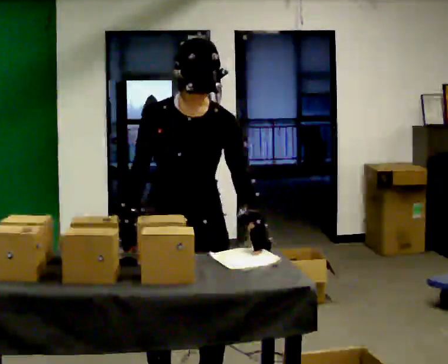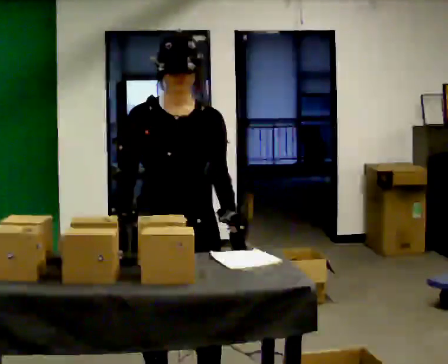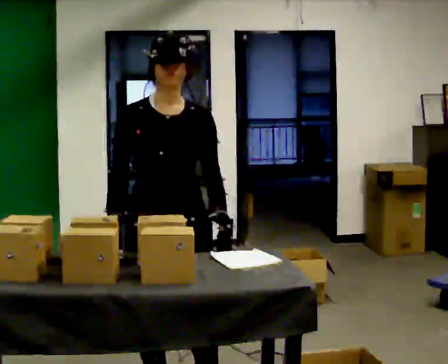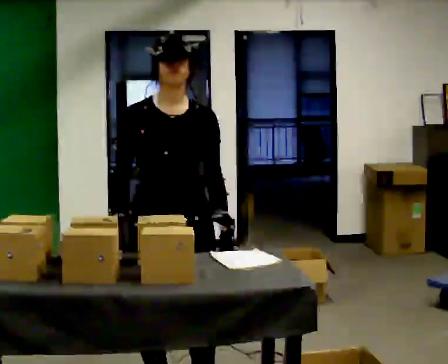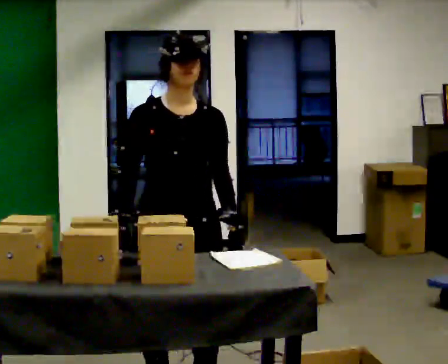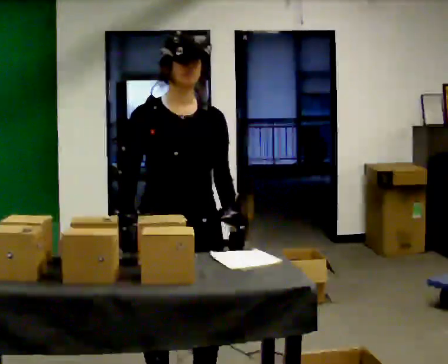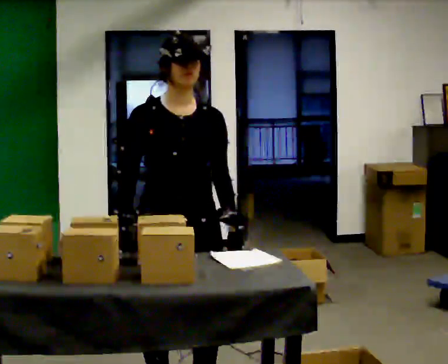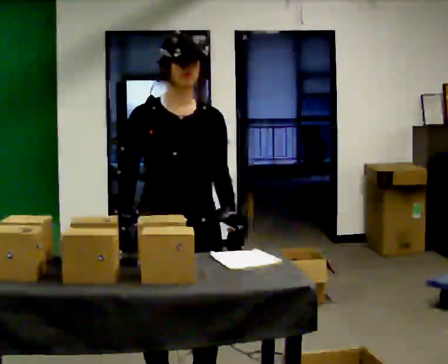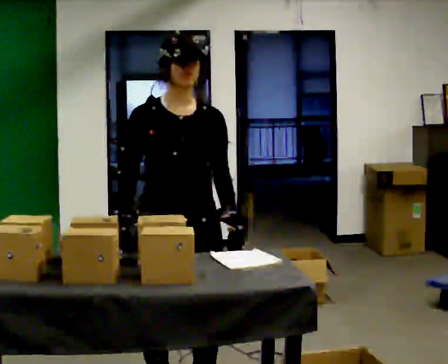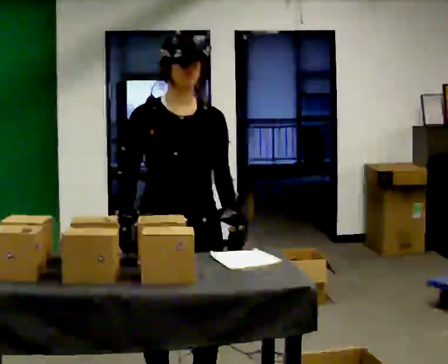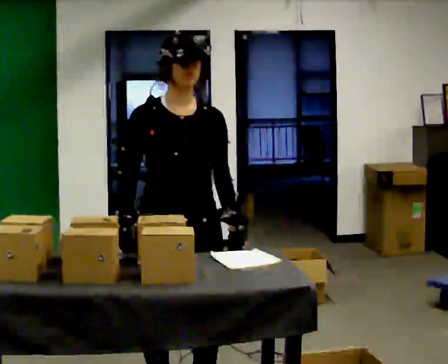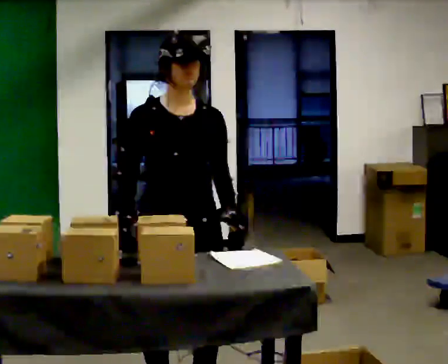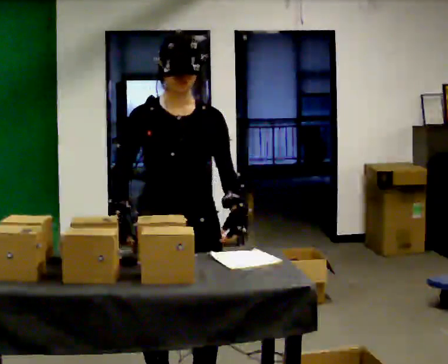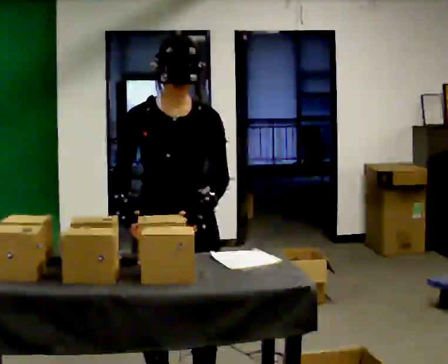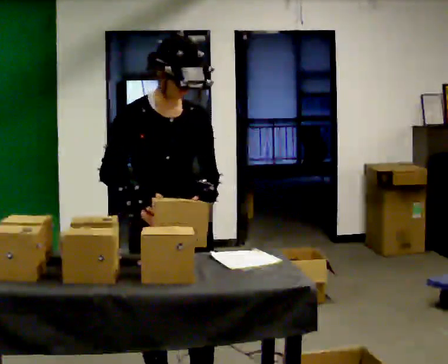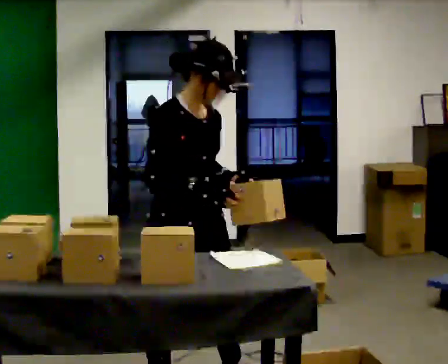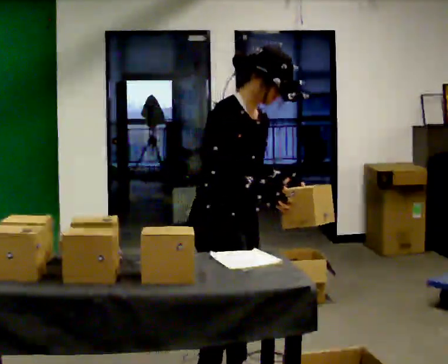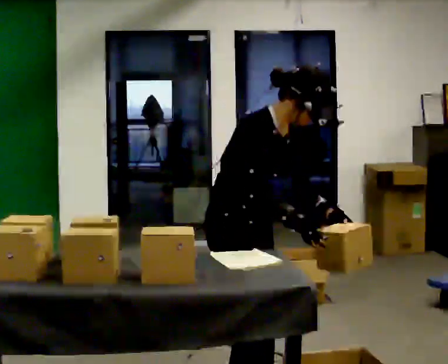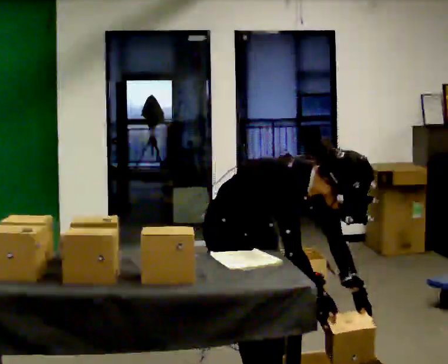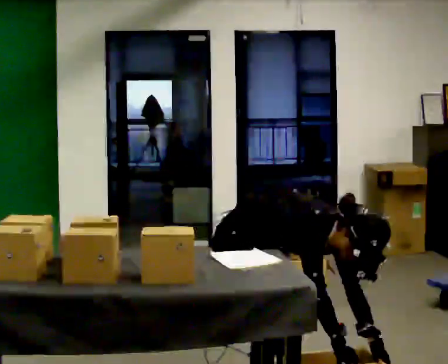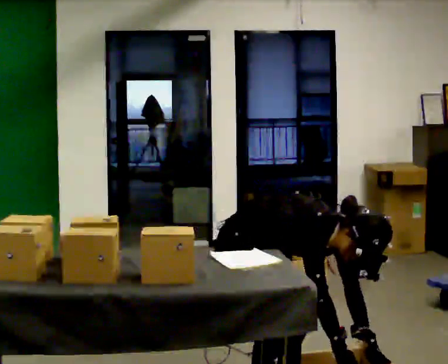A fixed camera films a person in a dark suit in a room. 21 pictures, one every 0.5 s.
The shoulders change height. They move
downward.
0.0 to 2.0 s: The person moves a little, or ends about where they began.
2.0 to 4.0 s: The person keeps their place and pose.
4.0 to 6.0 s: The person moves a little, or ends about where they began.
6.0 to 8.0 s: The part of the body nearest the lens slides to the right as the person turns to their left by about 45 degrees. In the picture they go away from the camera and to the right, about 0.25 m in 1 step, which for them is to their left.
8.0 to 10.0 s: The upper body goes downward. In the picture the upper body tilts clockwise, shoulders to the right, as they bend forward. In the picture their left hand goes downward.
The film runs forward here.
